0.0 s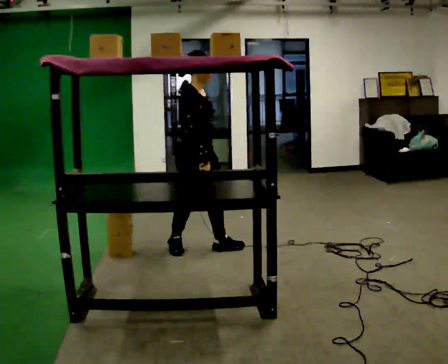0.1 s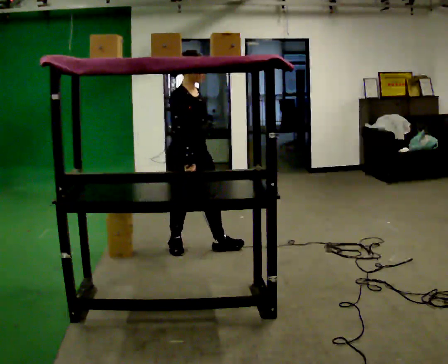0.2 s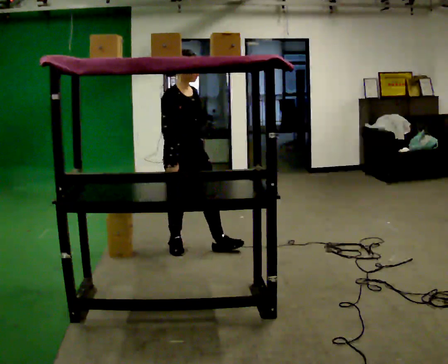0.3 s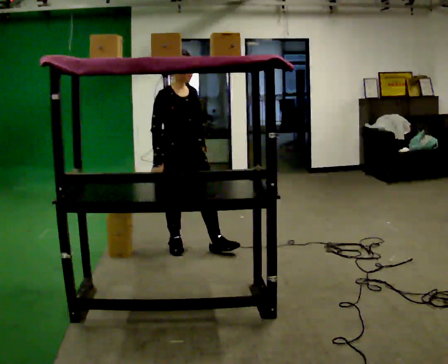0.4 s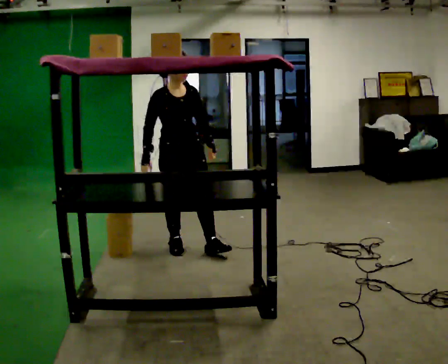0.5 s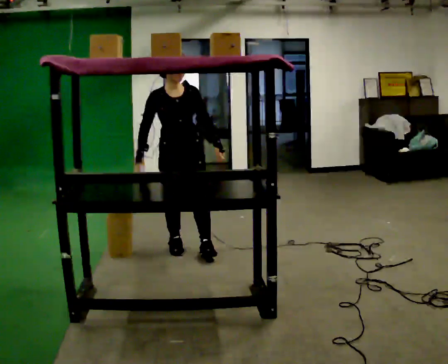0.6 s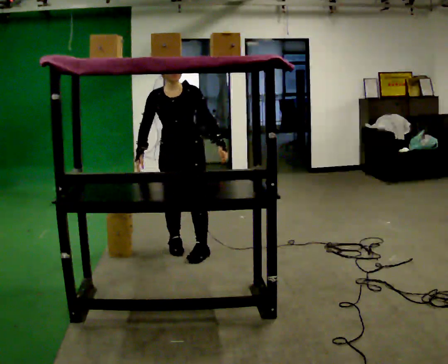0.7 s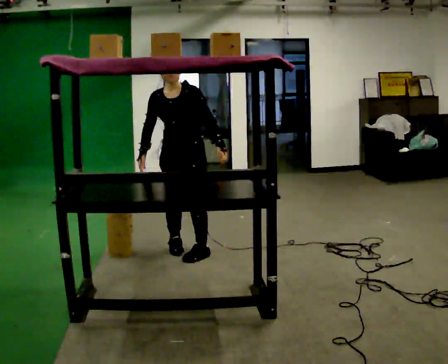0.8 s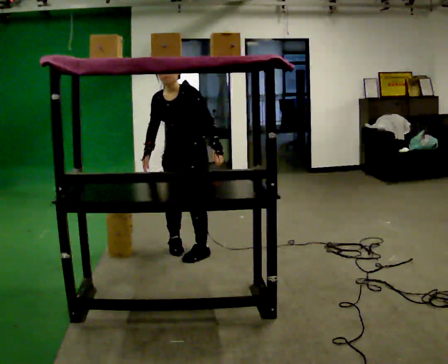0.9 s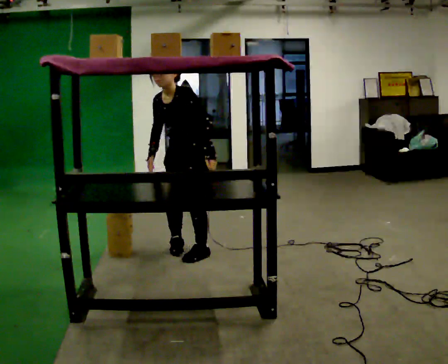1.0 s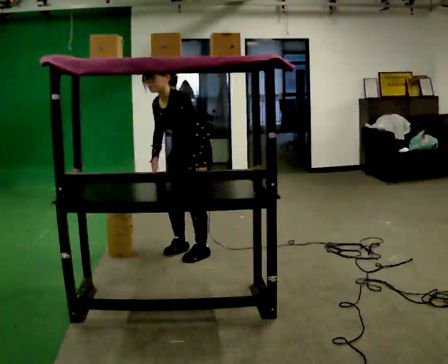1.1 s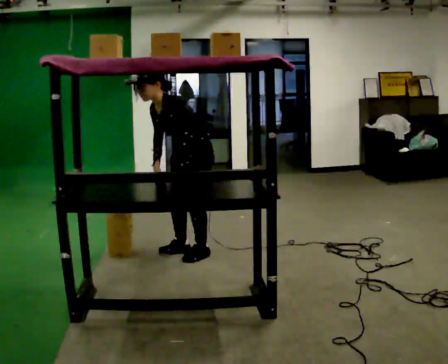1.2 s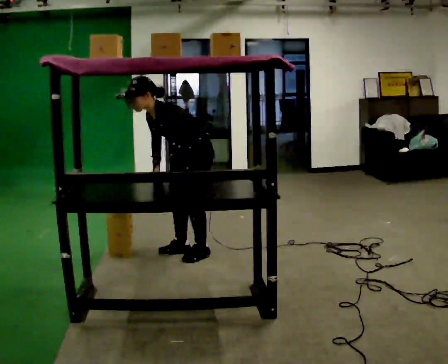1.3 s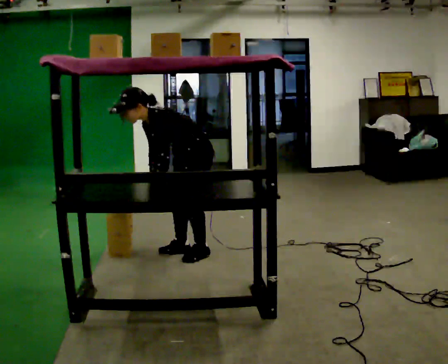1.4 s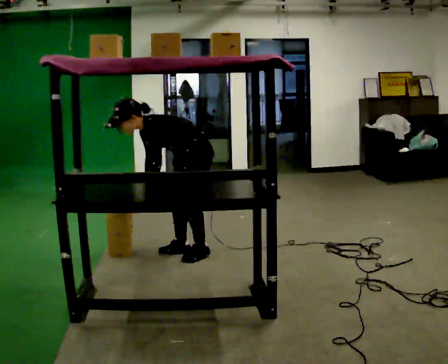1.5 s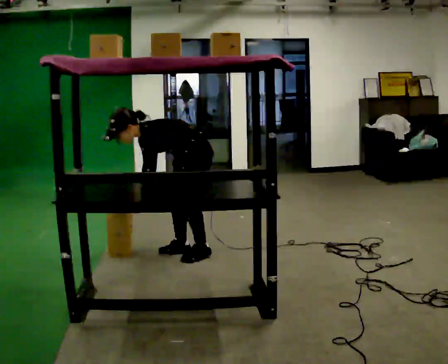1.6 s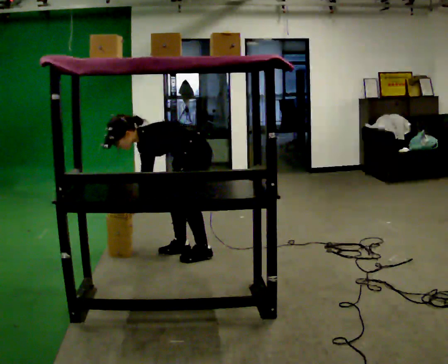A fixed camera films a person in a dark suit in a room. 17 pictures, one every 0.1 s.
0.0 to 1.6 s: The part of the body nearest the lens slides to the left as the person turns to their right by about 135 degrees. The upper body goes downward. In the picture the upper body tilts counterclockwise, shoulders to the left, as they bend forward. In the picture their right hand goes to the left and downward.
The film runs backward here.
